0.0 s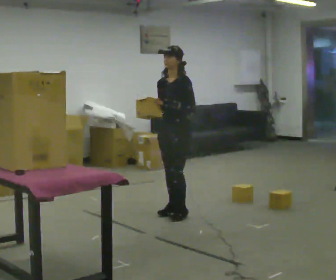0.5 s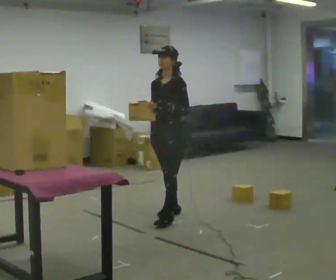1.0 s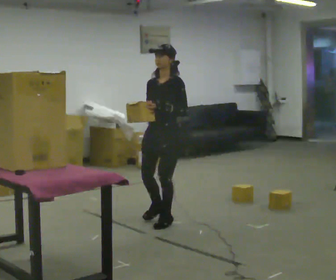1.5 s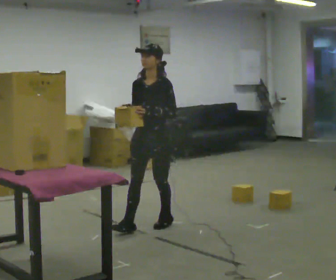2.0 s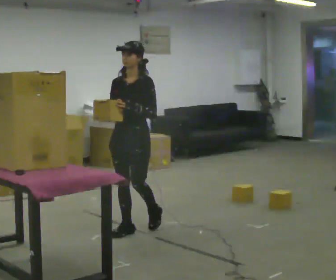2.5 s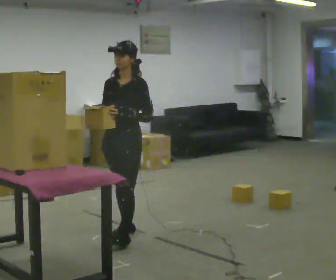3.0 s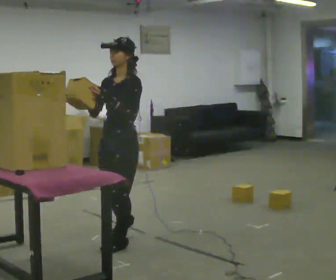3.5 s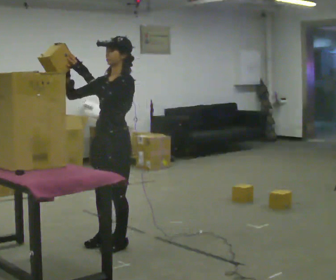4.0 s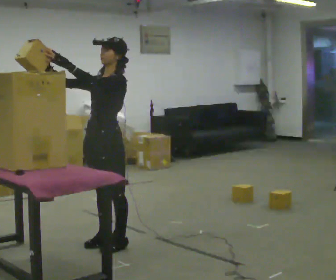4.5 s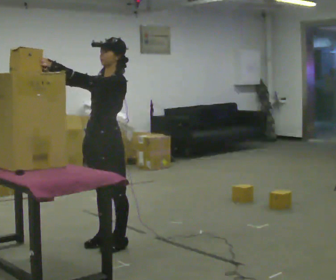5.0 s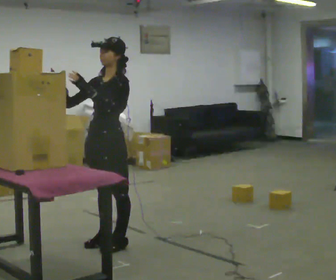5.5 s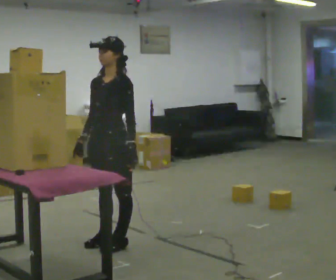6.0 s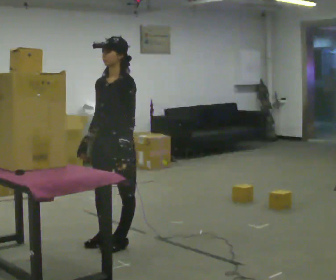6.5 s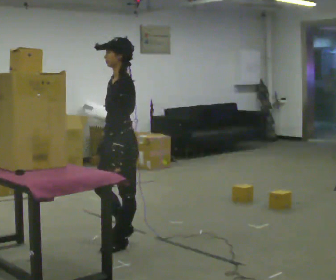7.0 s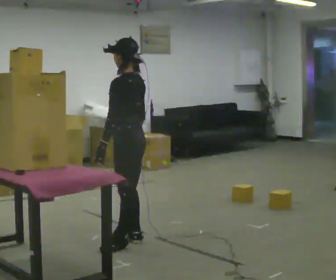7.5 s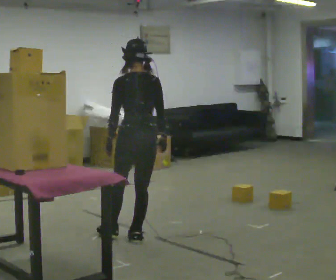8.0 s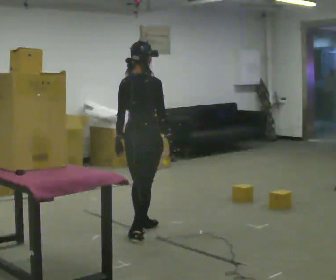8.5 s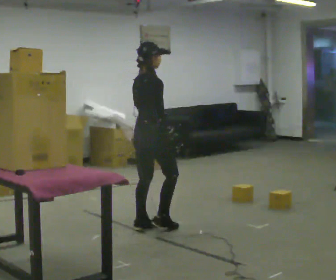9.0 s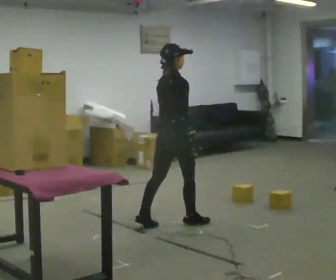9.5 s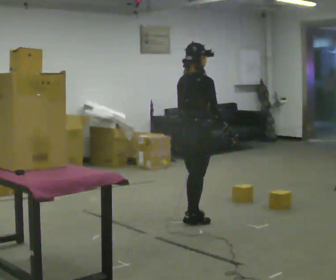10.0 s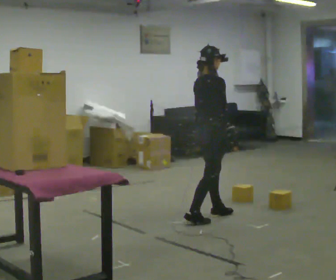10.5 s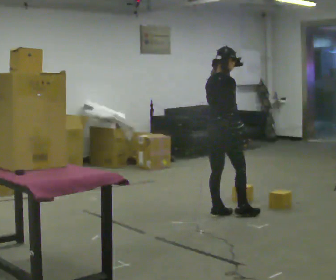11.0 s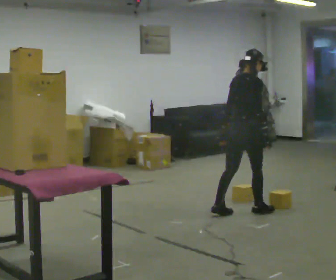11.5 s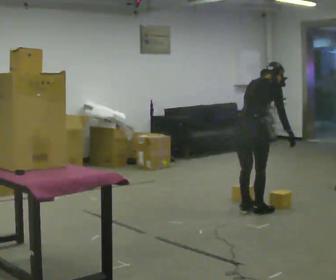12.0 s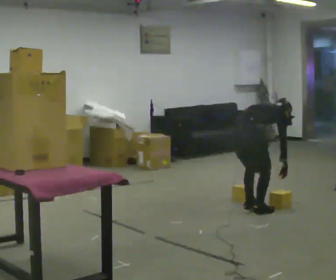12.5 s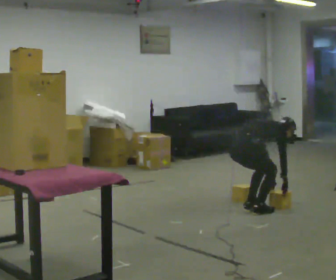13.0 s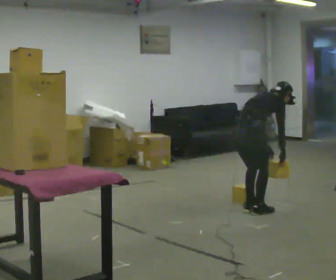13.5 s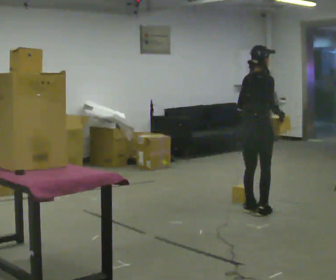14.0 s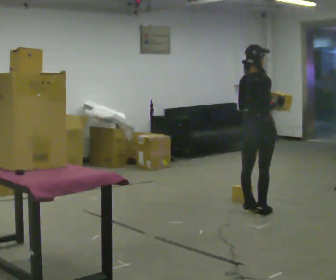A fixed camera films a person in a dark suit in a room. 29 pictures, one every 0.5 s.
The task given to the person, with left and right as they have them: Take an object down from the highest shelf you can comfortably reach, carry it across the room, and set it on the floor. Keep going until the operator says stop; one object at a time, and do not rush between trips.
0.0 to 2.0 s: In the picture they go toward the camera and to the left, about 1 m in 2 steps, which for them is forward.
2.0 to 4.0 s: In the picture they go toward the camera and to the left, about 0.5 m in 2 steps, which for them is forward and to their left. In the picture their left hand goes upward.
4.0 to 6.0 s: In the picture their left hand goes downward and to the right.
6.0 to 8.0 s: The person turns about 165 degrees to their right, clockwise seen from above, so the part of the body nearest the lens slides to the left. In the picture they go away from the camera and to the right, about 0.5 m in 2 steps.
8.0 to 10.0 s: Seen from above the body turns clockwise, about 30 degrees: to their right, with its near side sliding to the left. In the picture they go to the right and away from the camera, about 1 m in 2 steps, which for them is forward.
10.0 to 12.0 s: In the picture they go to the right, about 0.25 m in 2 steps, which for them is forward. The upper body goes downward. In the picture the upper body tilts clockwise, shoulders to the right, as they bend forward. In the picture their right hand goes downward.
12.0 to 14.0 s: In the picture they go to the right, about 0.25 m, which for them is forward. In the picture the upper body tilts counterclockwise, shoulders to the left, as they lean back or straighten. In the picture their left hand goes upward.
The film runs forward here.
